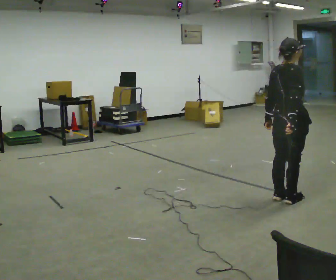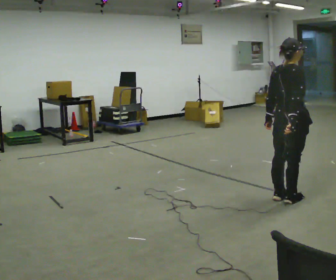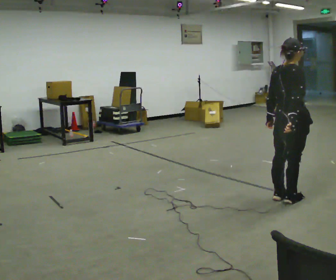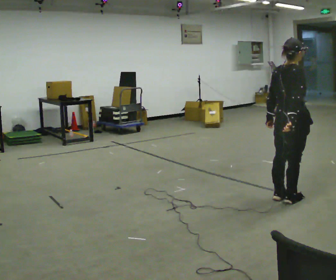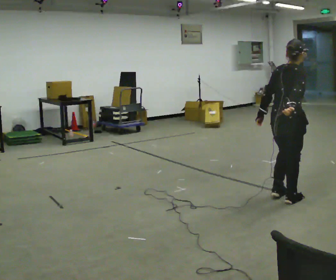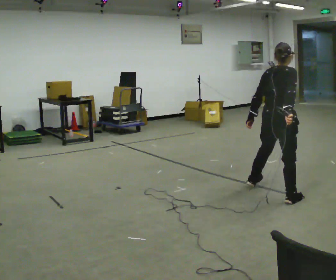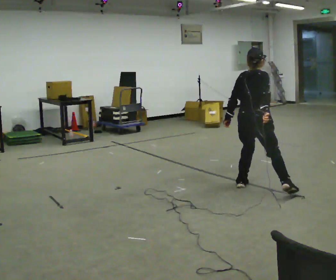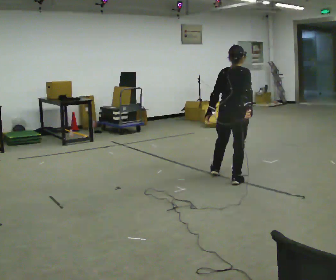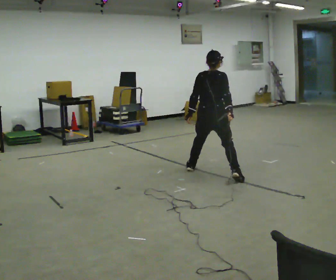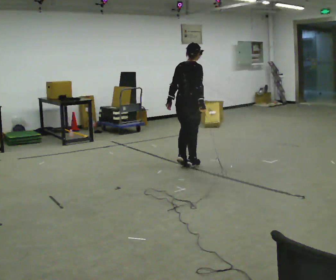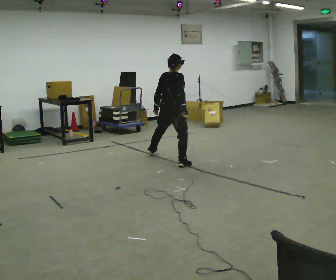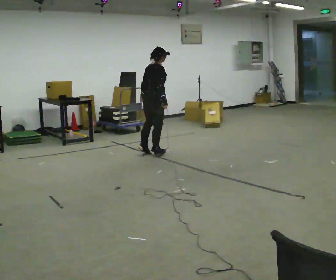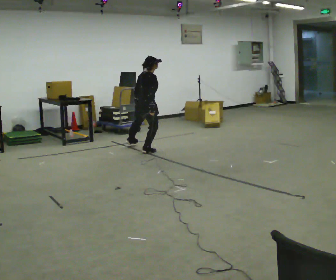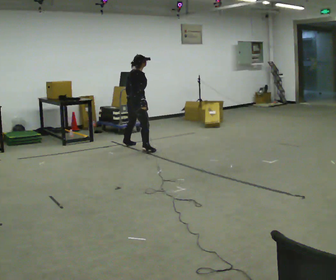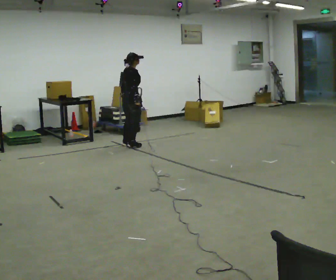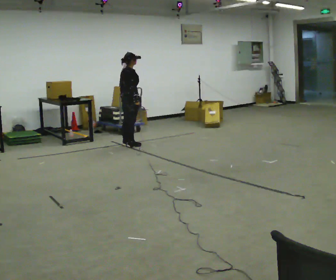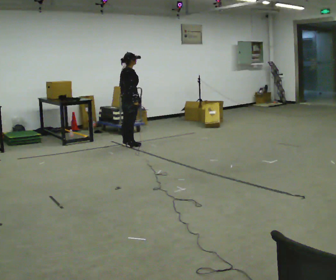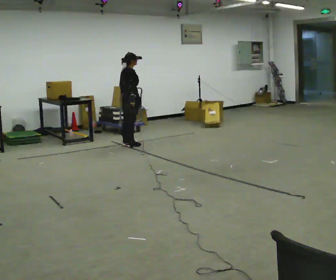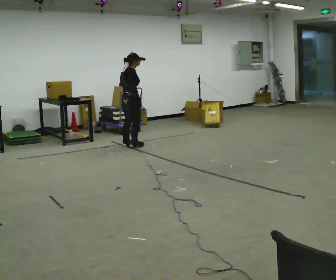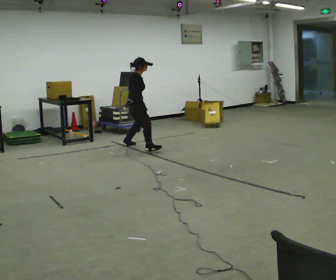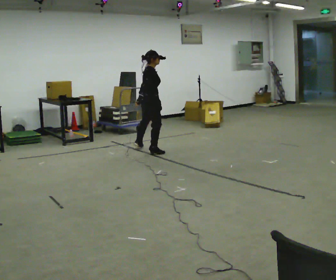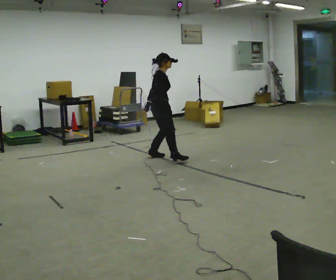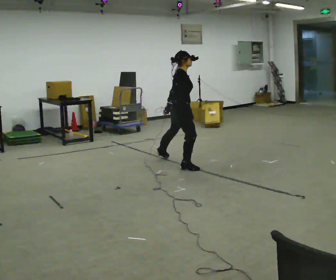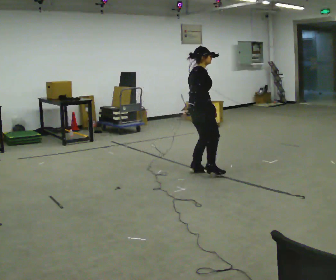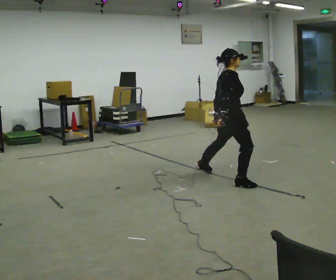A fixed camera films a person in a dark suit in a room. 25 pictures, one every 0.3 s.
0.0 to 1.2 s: The person moves a little, or ends about where they began.
1.2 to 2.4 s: The part of the body nearest the lens slides to the right as the person turns to their left by about 30 degrees. In the picture they go away from the camera and to the left, about 1 m in 2 steps, which for them is to their left.
2.4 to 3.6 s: In the picture they go away from the camera and to the left, about 1.5 m in 3 steps, which for them is to their left and forward.
3.6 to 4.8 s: In the picture they go away from the camera and to the left, about 0.5 m in 2 steps, which for them is to their left.
4.8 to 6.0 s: In the picture they go toward the camera and to the right, about 0.5 m in 1 step, which for them is to their right.
6.0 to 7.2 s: In the picture they go toward the camera and to the right, about 2 m in 2 steps, which for them is to their right.
The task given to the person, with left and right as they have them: Gallop forward leading with the leg the operator calls, keeping the same leg in front throughout.
The film runs forward here.
